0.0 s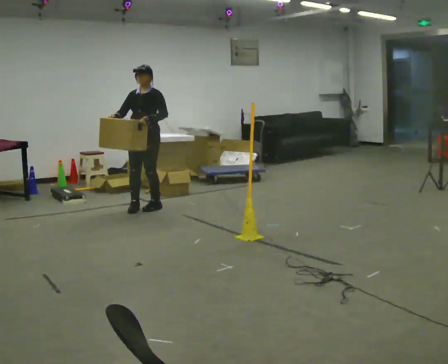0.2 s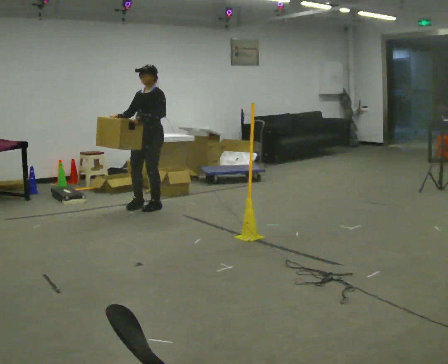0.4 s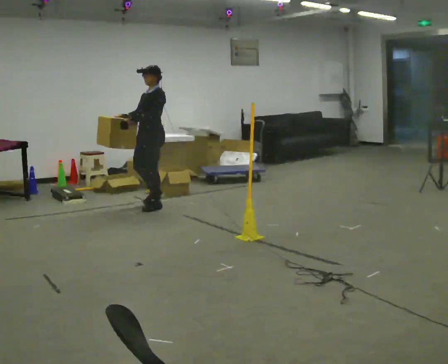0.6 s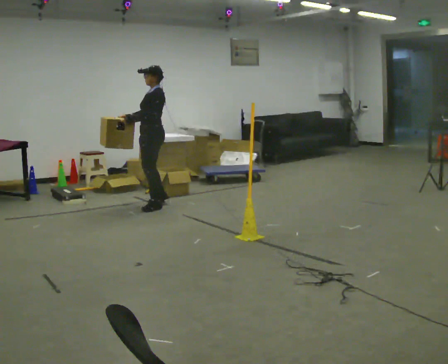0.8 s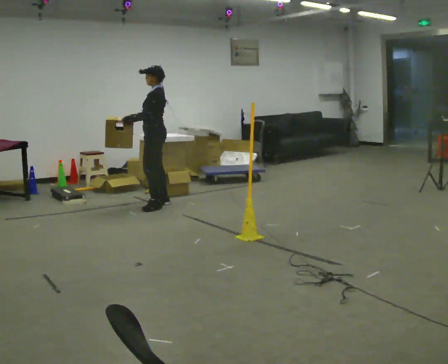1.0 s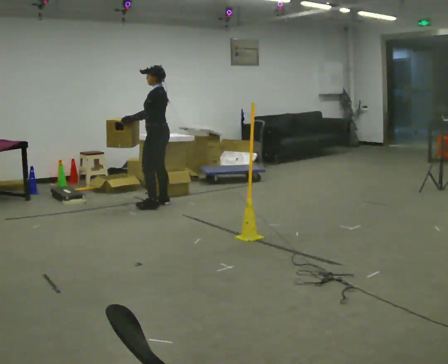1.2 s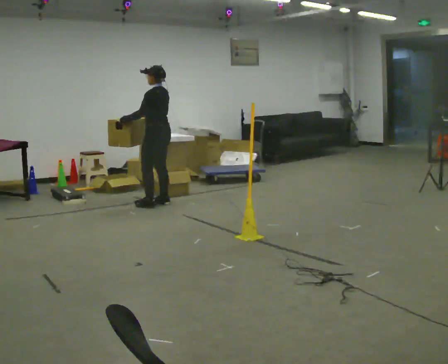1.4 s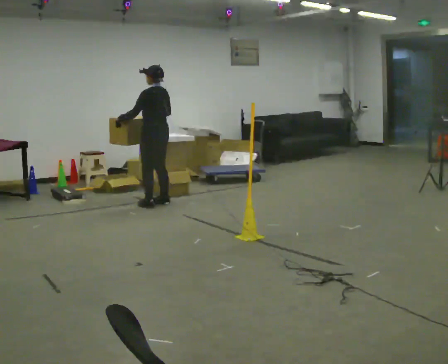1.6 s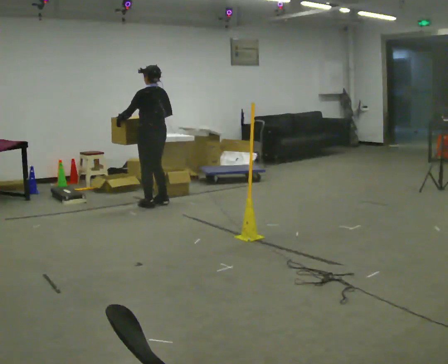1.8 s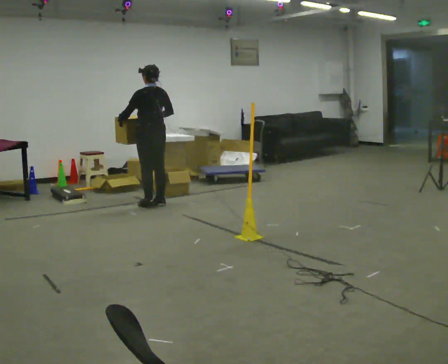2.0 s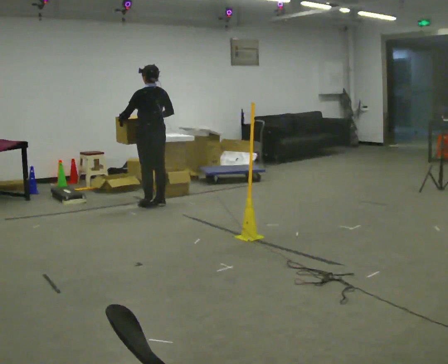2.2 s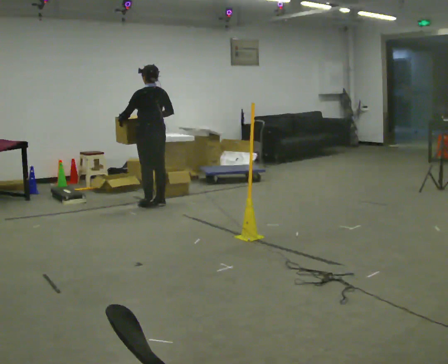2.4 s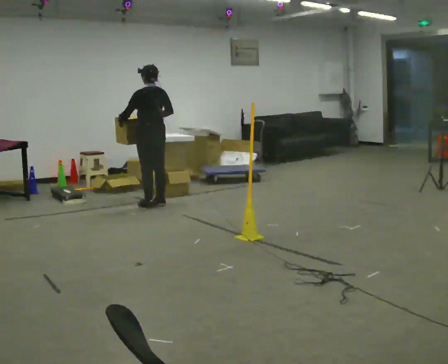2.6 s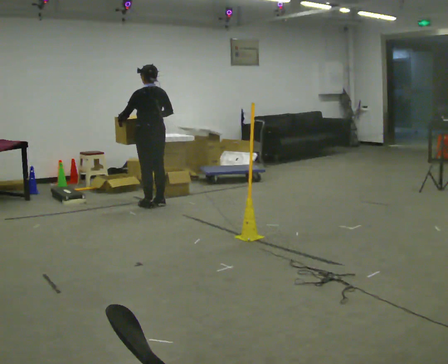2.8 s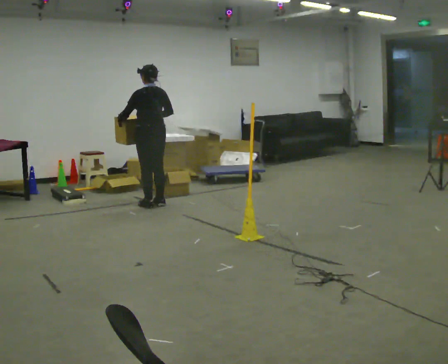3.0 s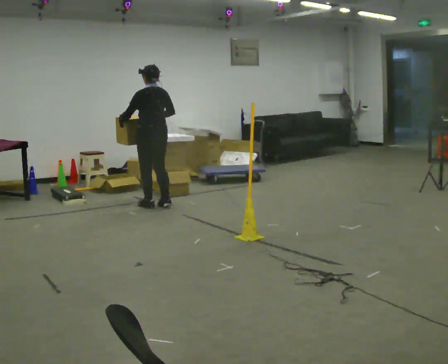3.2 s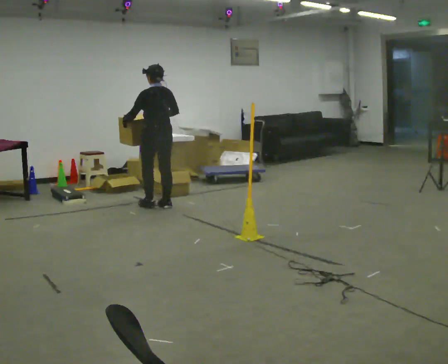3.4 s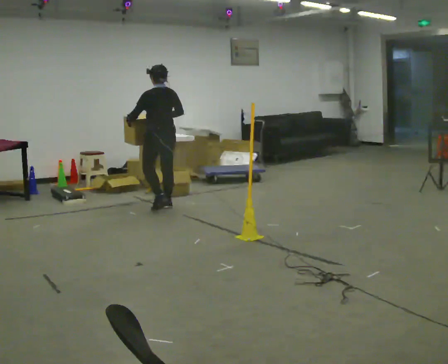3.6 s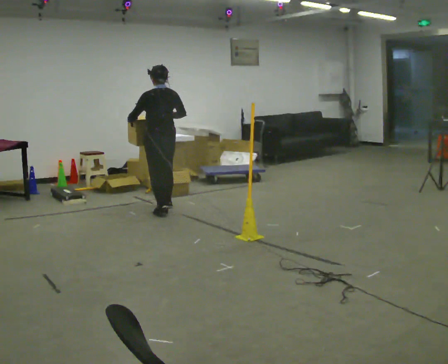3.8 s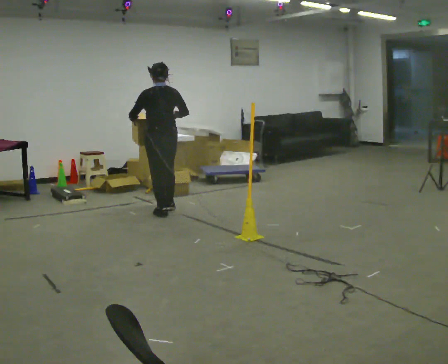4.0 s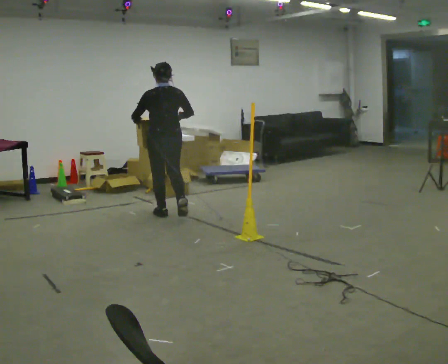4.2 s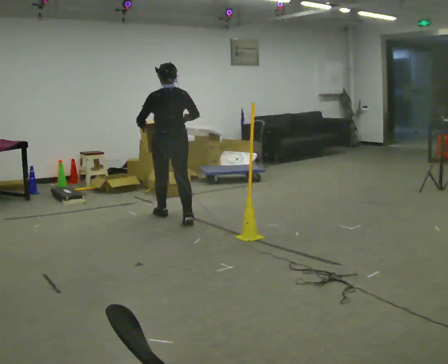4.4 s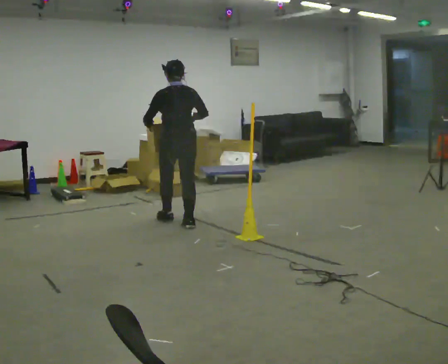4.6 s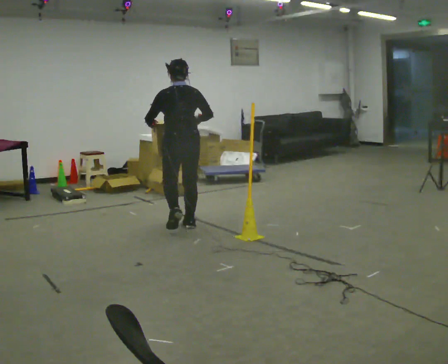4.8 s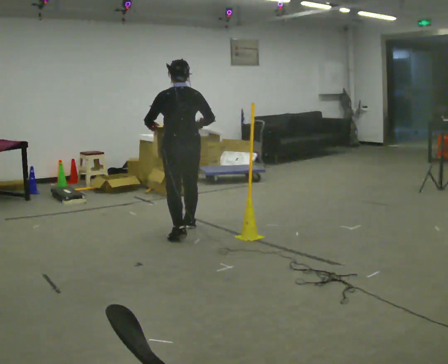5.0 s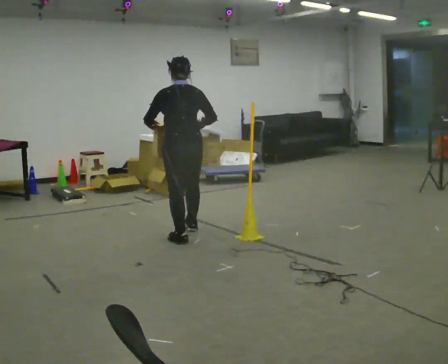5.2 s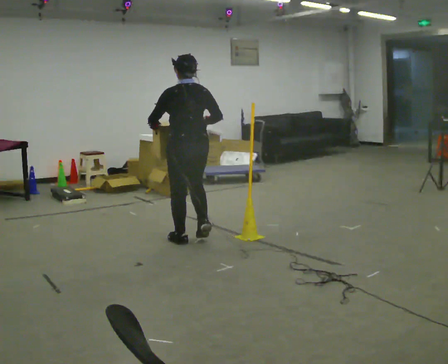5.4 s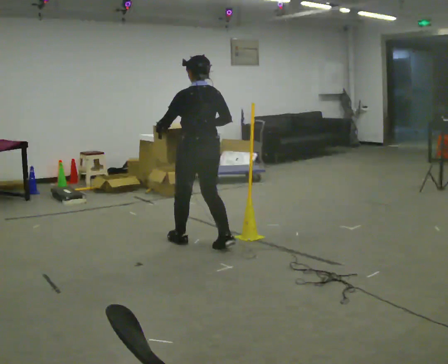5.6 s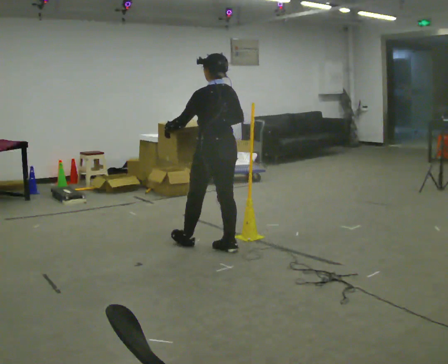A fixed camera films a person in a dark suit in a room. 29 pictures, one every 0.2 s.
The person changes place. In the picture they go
toward the camera.
0.0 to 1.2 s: Seen from above the body turns clockwise, about 90 degrees: to their right, with its near side sliding to the left. In the picture they go away from the camera, about 0.25 m in 1 step. In the picture their left hand goes to the left.
1.2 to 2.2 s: The part of the body nearest the lens slides to the left as the person turns to their right by about 30 degrees.
2.2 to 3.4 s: In the picture they go toward the camera, about 0.25 m in 1 step, which for them is backward.
3.4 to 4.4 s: In the picture they go toward the camera, about 0.75 m in 2 steps, which for them is backward.
4.4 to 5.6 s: In the picture they go toward the camera, about 1 m in 2 steps, which for them is backward.
The film runs backward here.
